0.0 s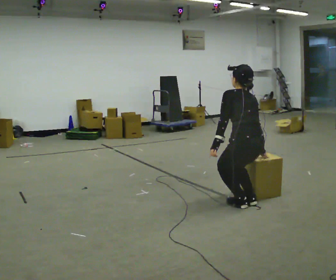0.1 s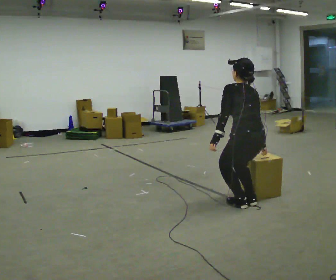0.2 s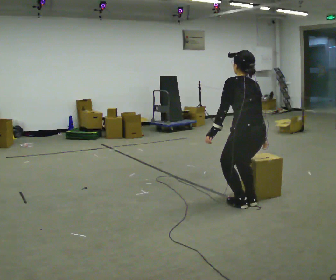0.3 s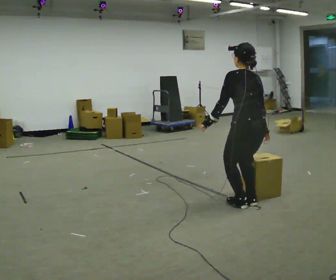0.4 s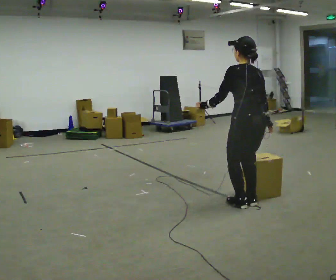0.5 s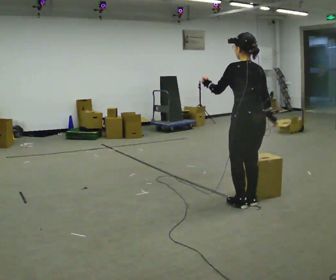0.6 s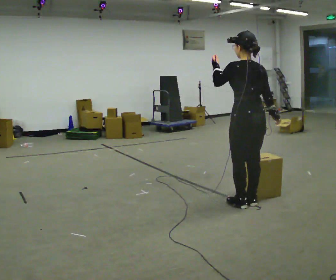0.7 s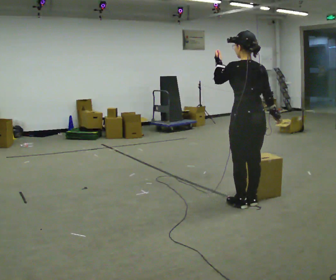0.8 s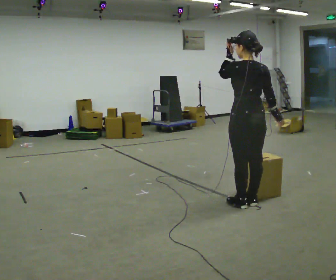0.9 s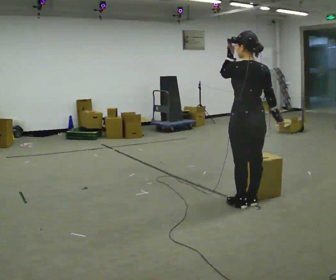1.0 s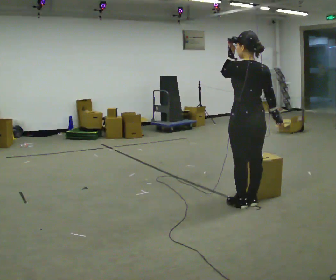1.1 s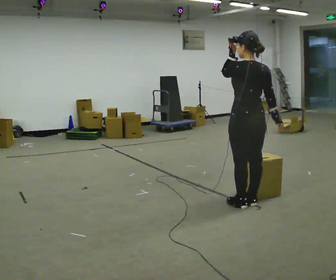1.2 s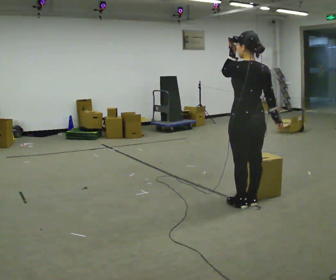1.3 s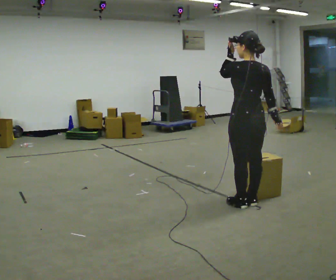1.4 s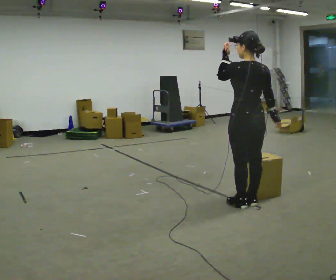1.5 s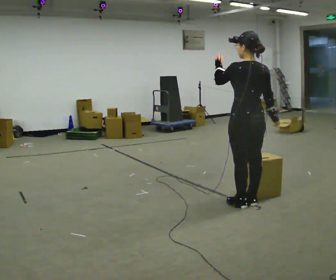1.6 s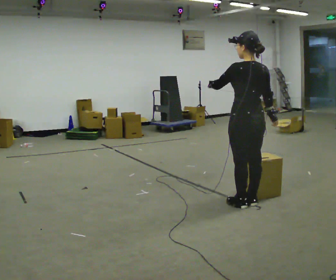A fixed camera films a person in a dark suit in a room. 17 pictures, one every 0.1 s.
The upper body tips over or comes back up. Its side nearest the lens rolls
downward.
The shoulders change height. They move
upward.
0.0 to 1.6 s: The shoulders move upward. The upper body tips toward the camera, its near side rolling downward, as they lean back or straighten. In the picture their left hand goes upward.
The film runs forward here.
